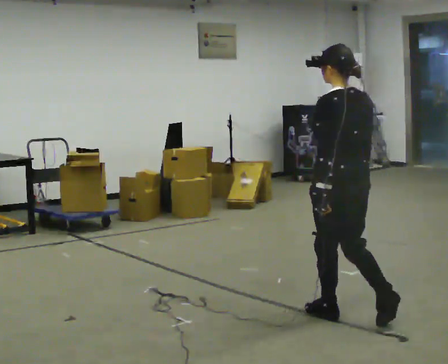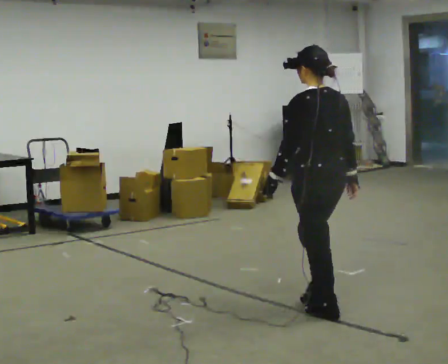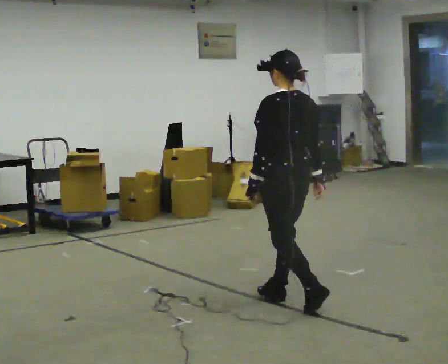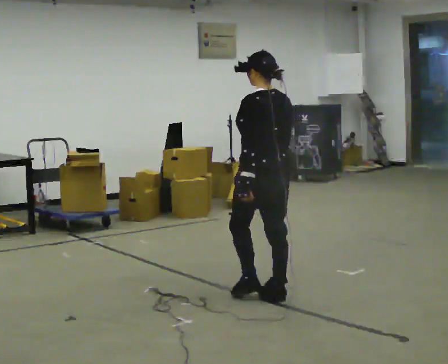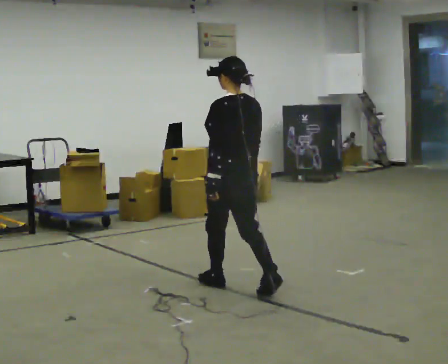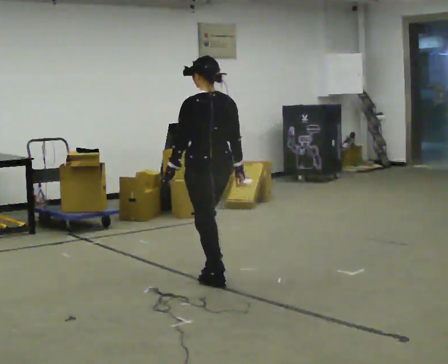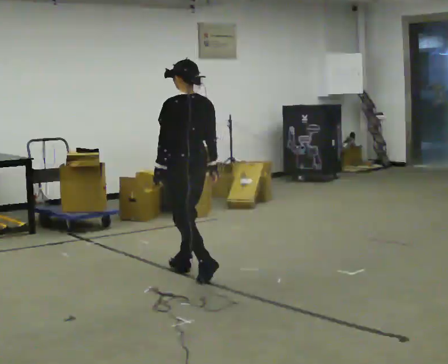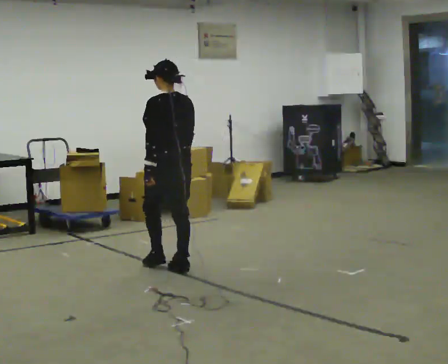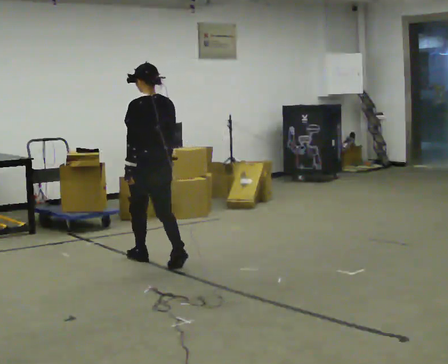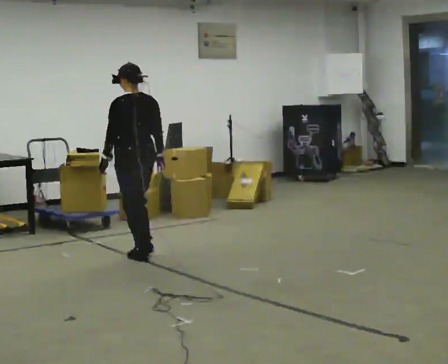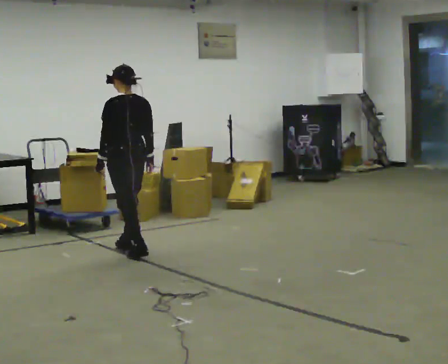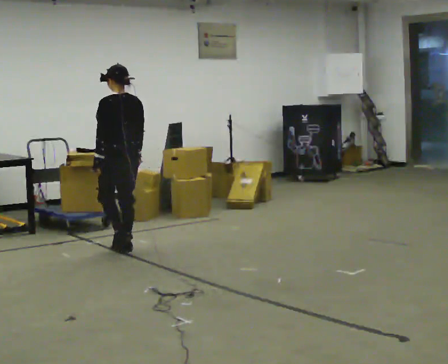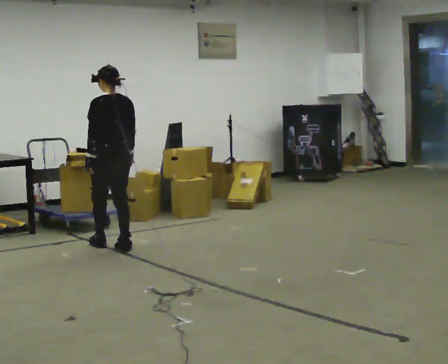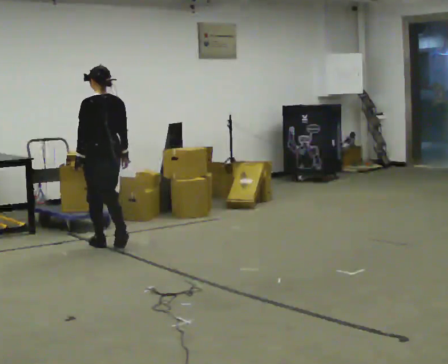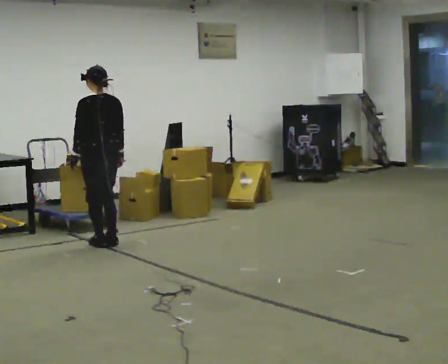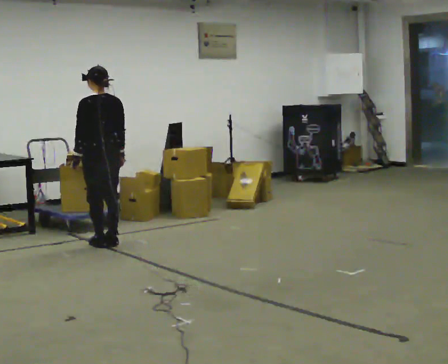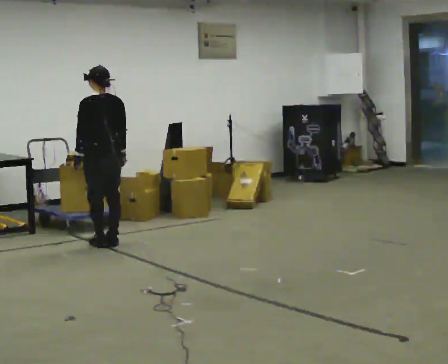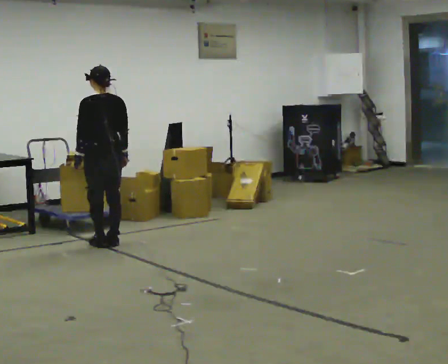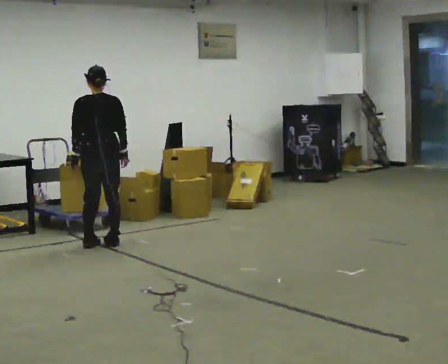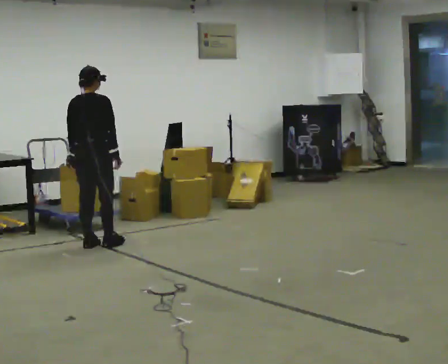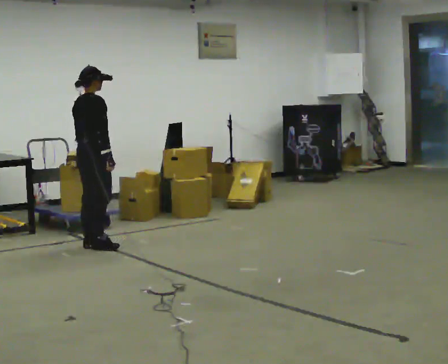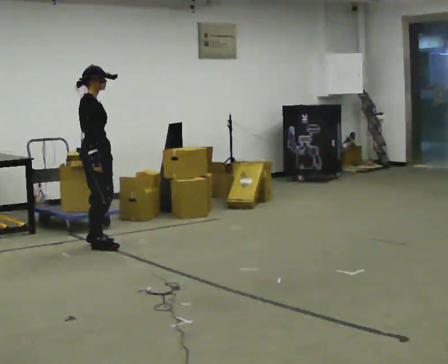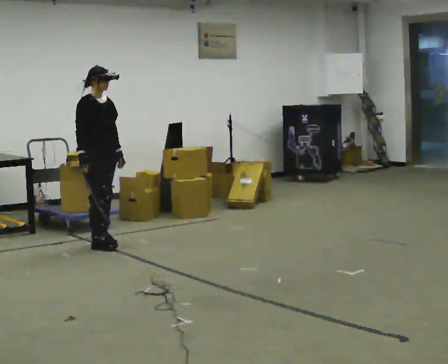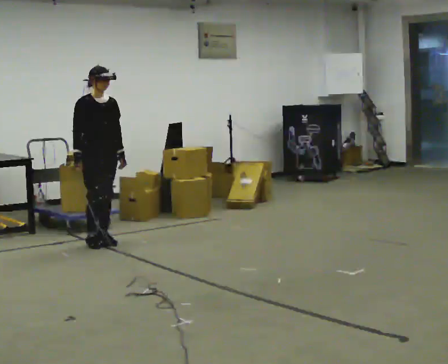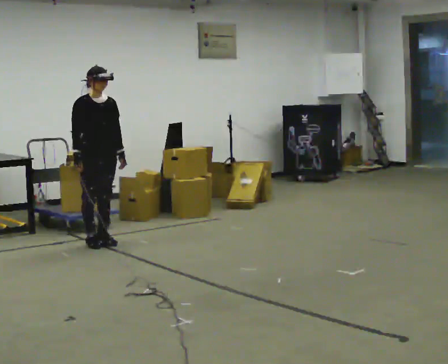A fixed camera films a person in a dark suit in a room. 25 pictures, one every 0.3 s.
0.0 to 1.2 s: In the picture they go away from the camera and to the left, about 1 m in 2 steps, which for them is forward.
1.2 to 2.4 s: In the picture they go away from the camera and to the left, about 1 m in 2 steps, which for them is forward.
2.4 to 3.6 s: In the picture they go away from the camera and to the left, about 0.75 m in 2 steps, which for them is forward.
3.6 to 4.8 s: The person moves a little, or ends about where they began.
4.8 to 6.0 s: The person turns about 90 degrees to their right, clockwise seen from above, so the part of the body nearest the lens slides to the left.
6.0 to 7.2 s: The person turns about 90 degrees to their right, clockwise seen from above, so the part of the body nearest the lens slides to the left. In the picture they go away from the camera, about 0.25 m in 2 steps.
The film runs forward here.
